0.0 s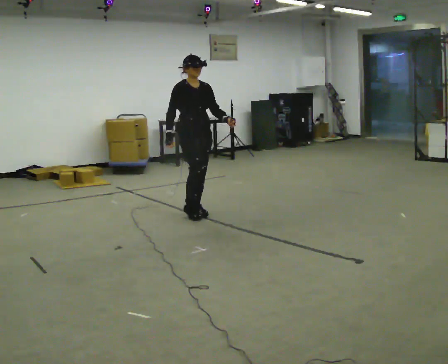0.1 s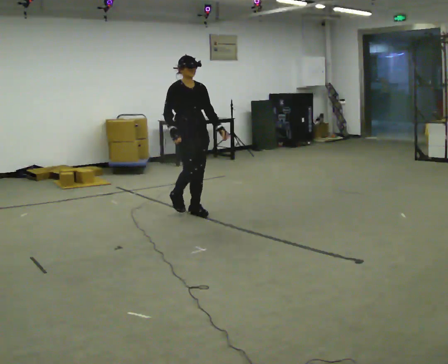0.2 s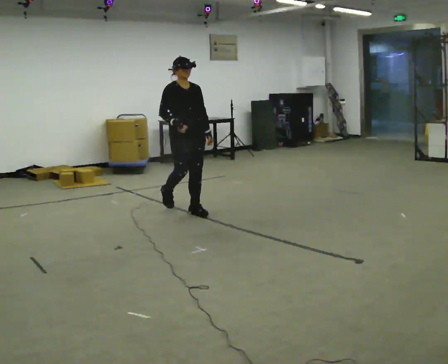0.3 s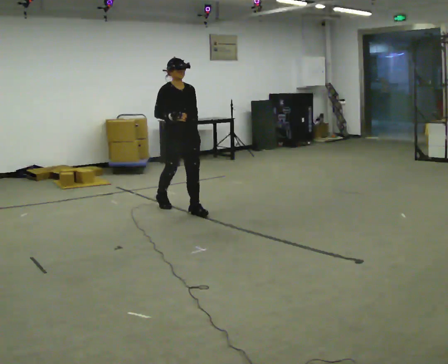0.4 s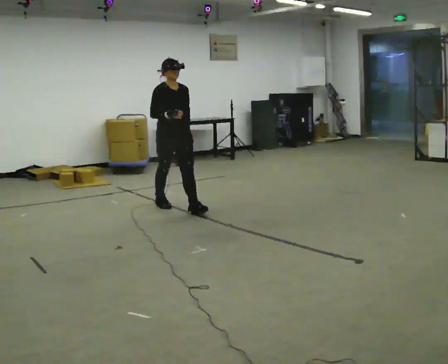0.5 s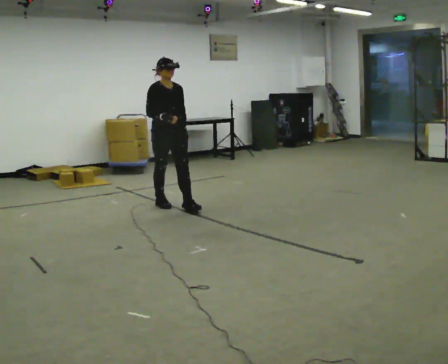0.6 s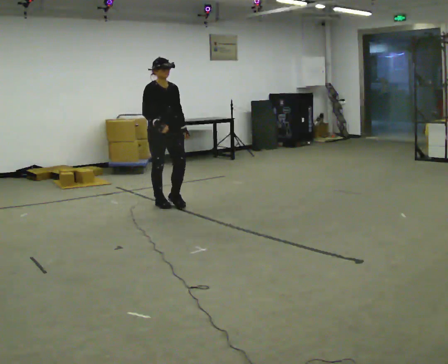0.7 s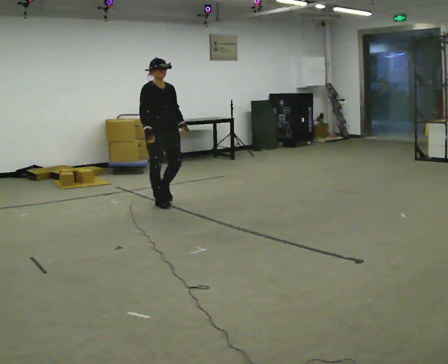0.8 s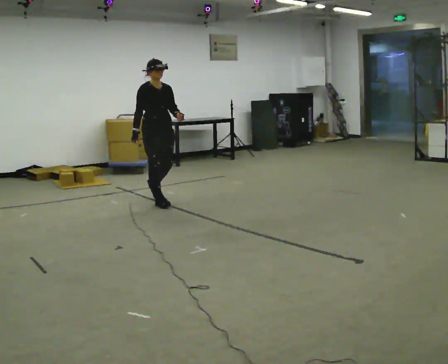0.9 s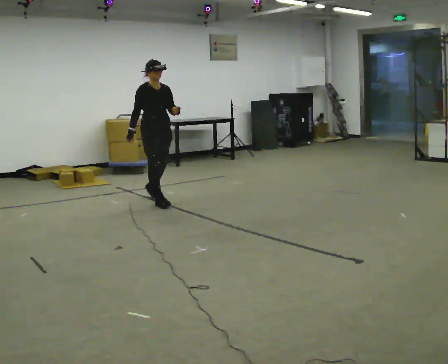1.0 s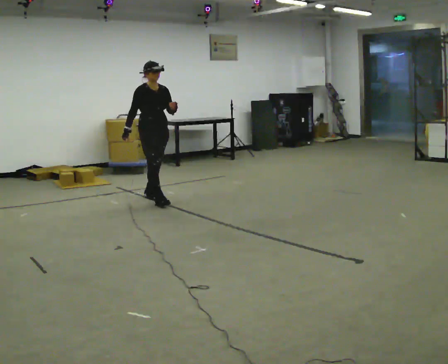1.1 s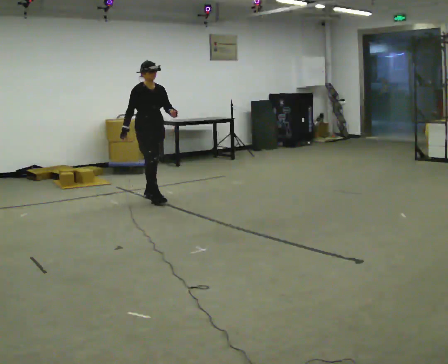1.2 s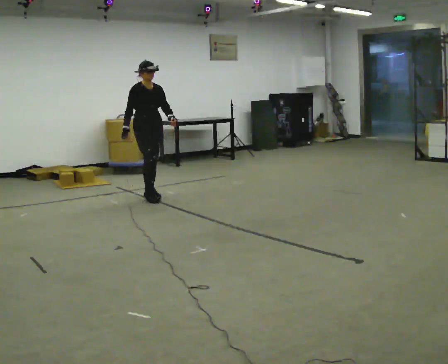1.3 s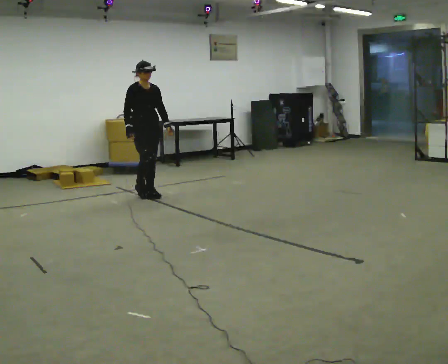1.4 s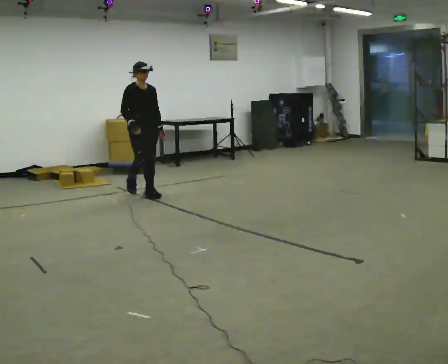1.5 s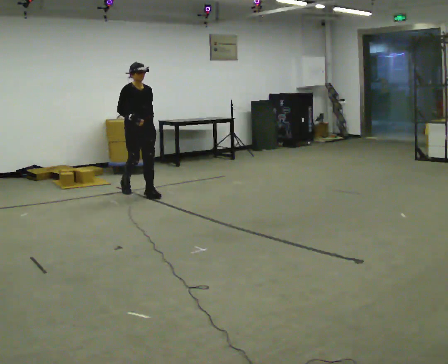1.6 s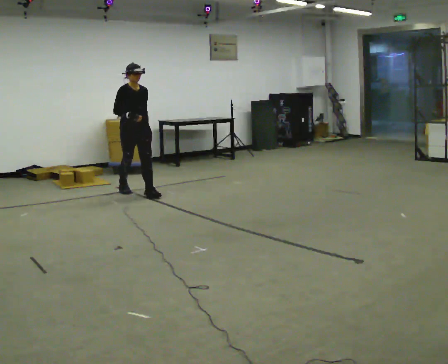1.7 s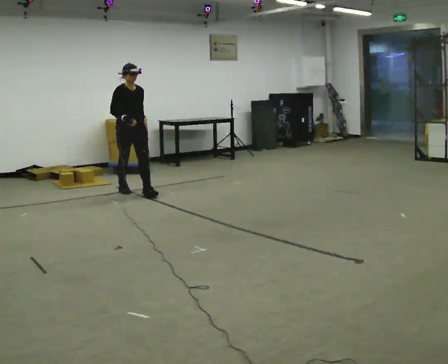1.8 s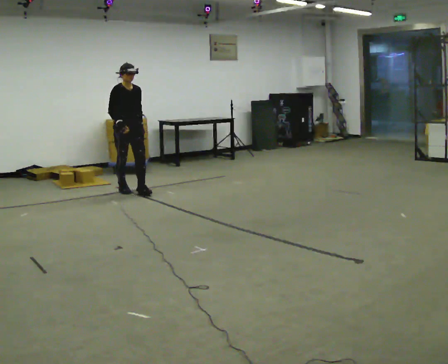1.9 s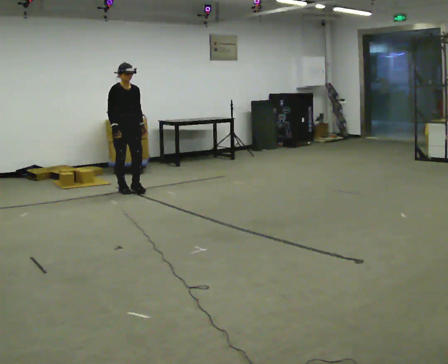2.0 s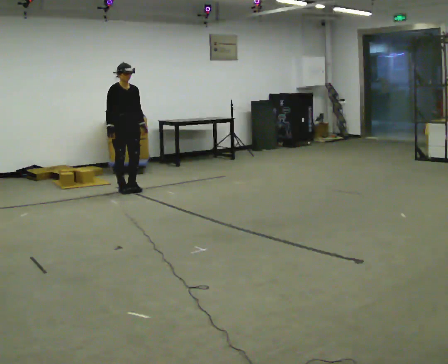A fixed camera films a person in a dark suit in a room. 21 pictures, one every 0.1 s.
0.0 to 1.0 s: In the picture they go away from the camera and to the left, about 1 m in 1 step, which for them is backward.
1.0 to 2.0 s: In the picture they go away from the camera and to the left, about 0.75 m in 2 steps, which for them is backward.
The film runs backward here.
